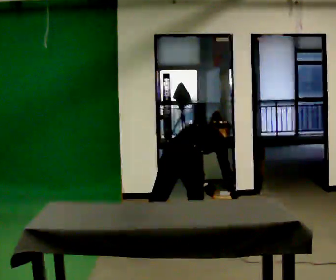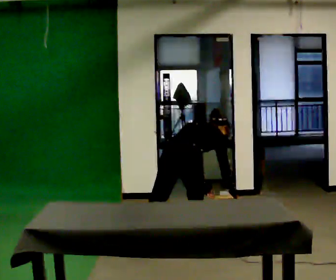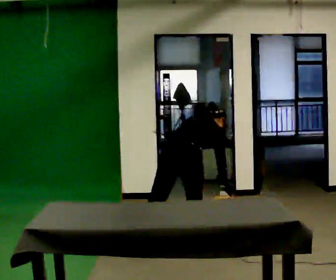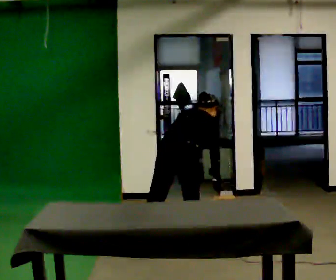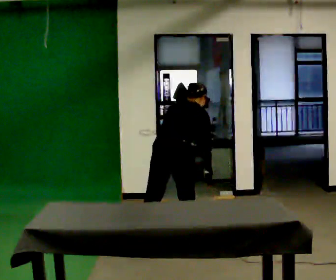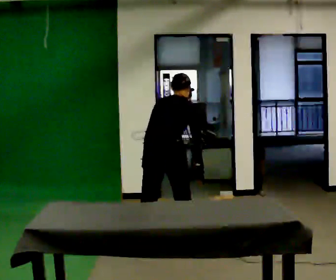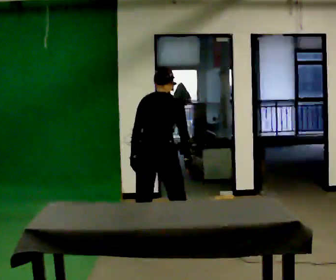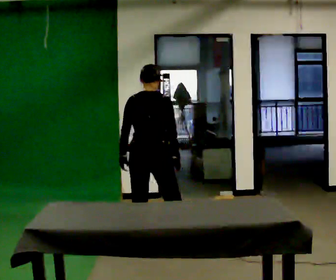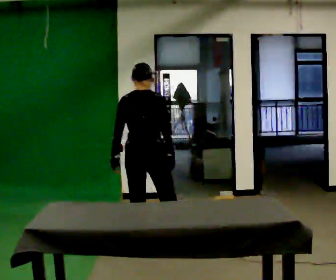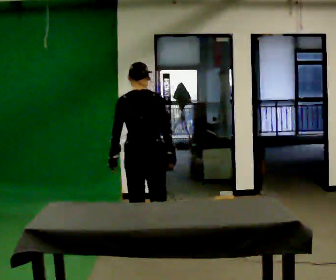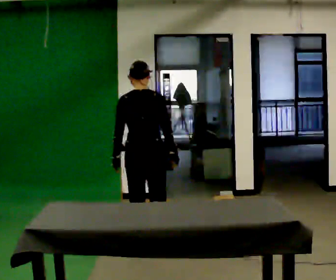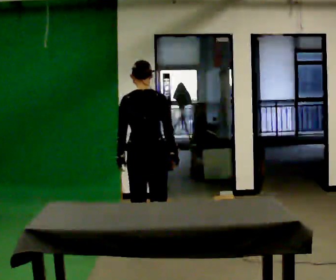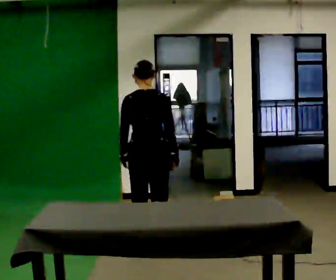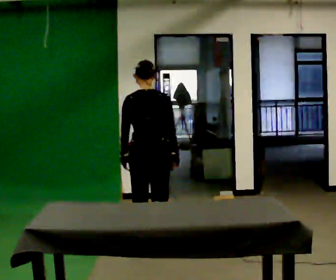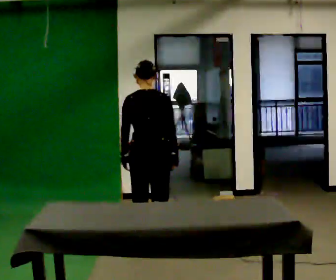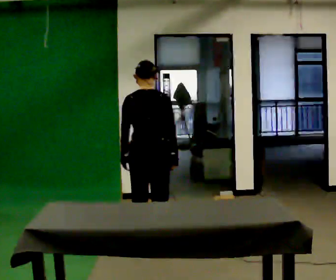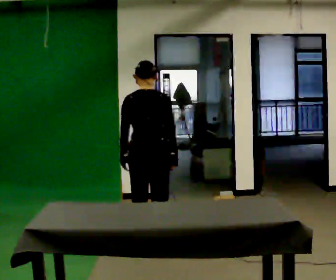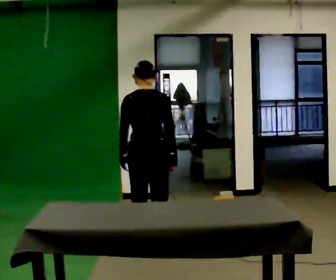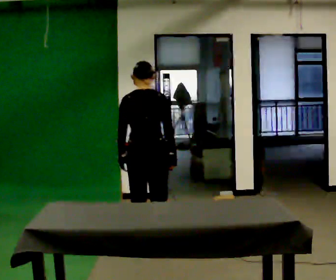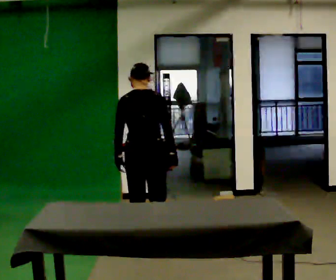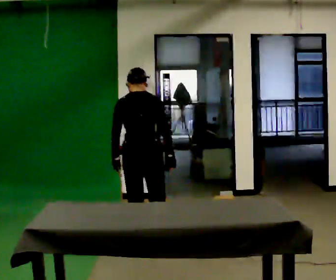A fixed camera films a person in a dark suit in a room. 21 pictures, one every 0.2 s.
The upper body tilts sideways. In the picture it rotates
counterclockwise.
The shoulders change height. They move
upward.
0.0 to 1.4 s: The part of the body nearest the lens slides to the right as the person turns to their left by about 30 degrees. In the picture they go to the left, about 0.25 m, which for them is to their left and backward. The shoulders move upward. In the picture the upper body tilts counterclockwise, shoulders to the left, as they lean back or straighten. In the picture their left hand goes upward.
1.4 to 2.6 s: The person moves a little, or ends about where they began.
2.6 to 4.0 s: The upper body tips away from the camera, its near side rolling upward, as they bend forward.
The film runs forward here.
